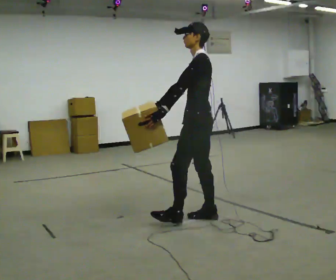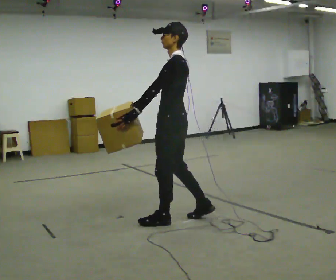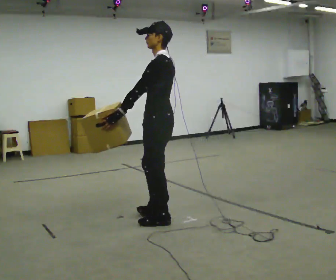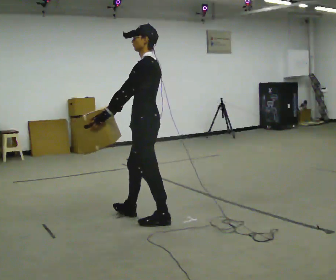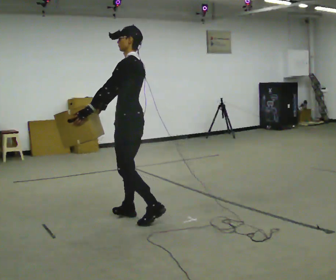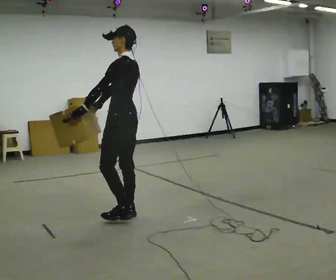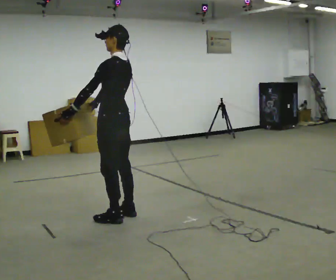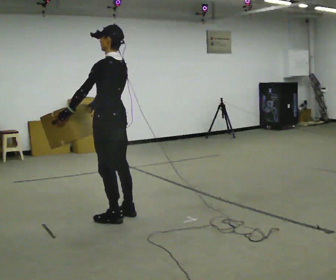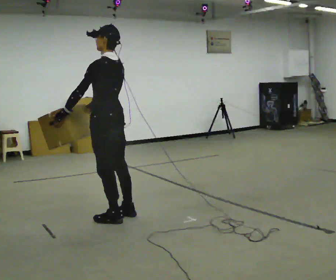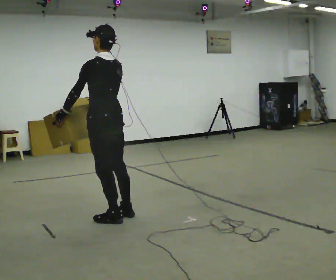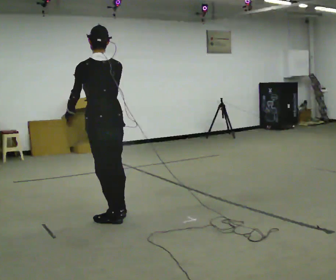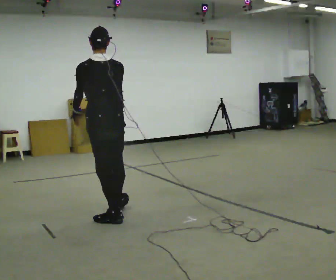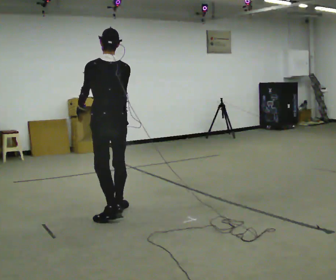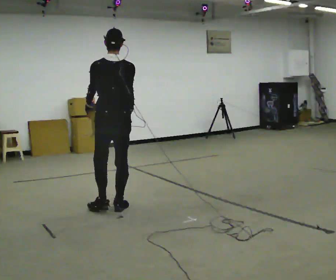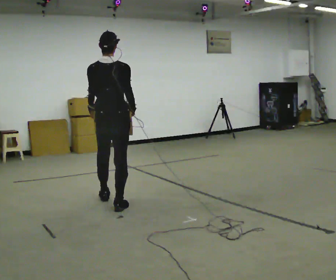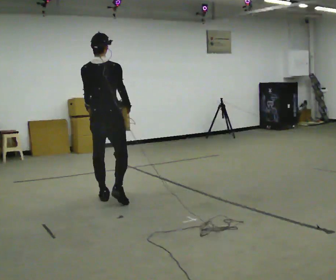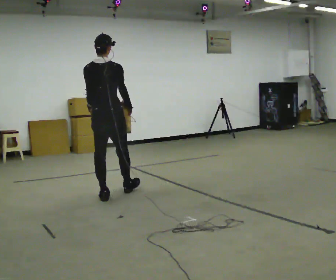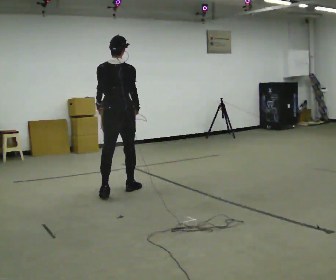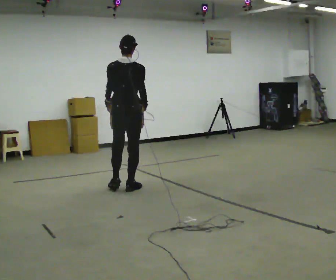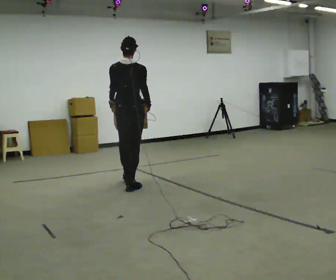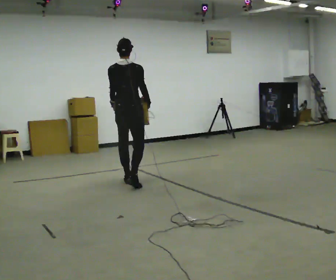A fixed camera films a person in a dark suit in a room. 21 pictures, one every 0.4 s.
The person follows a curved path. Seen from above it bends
clockwise.
The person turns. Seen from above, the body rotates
clockwise.
0.0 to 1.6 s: In the picture they go to the left, about 0.5 m in 2 steps, which for them is forward.
1.6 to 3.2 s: In the picture they go to the left, about 0.25 m in 1 step, which for them is forward and to their left.
3.2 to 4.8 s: The person turns about 30 degrees to their right, clockwise seen from above, so the part of the body nearest the lens slides to the left. In the picture they go away from the camera, about 0.25 m in 1 step, which for them is forward. In the picture their right hand goes to the right.
4.8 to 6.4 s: Seen from above the body turns clockwise, about 30 degrees: to their right, with its near side sliding to the left. In the picture they go away from the camera, about 0.5 m in 1 step, which for them is forward.
6.4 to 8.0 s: In the picture they go away from the camera and to the right, about 0.75 m in 2 steps, which for them is forward.
The film runs forward here.
